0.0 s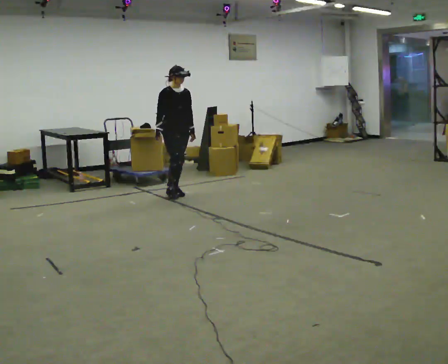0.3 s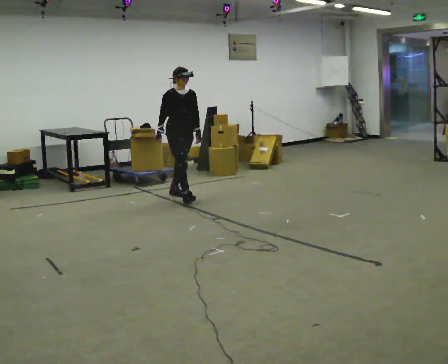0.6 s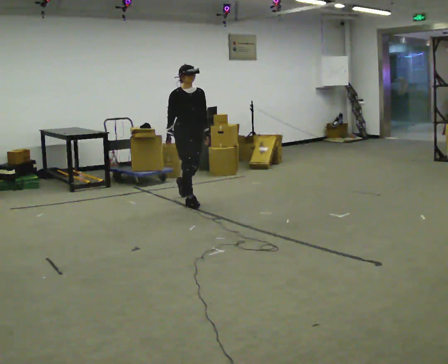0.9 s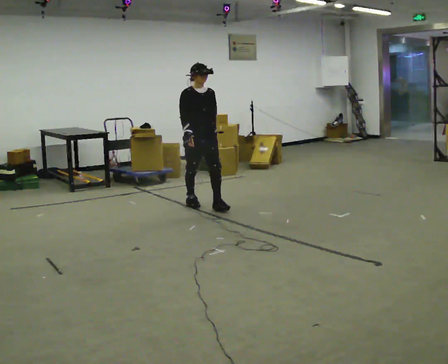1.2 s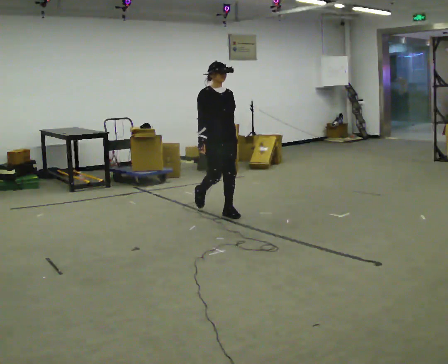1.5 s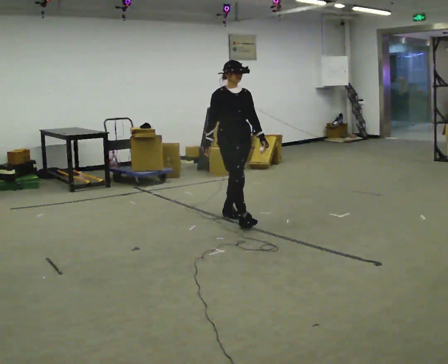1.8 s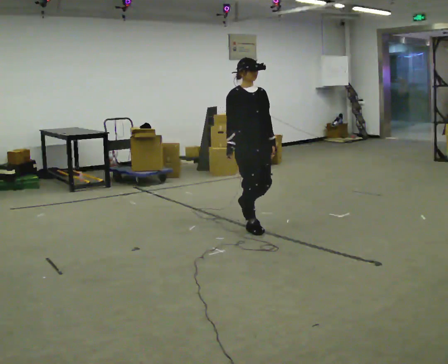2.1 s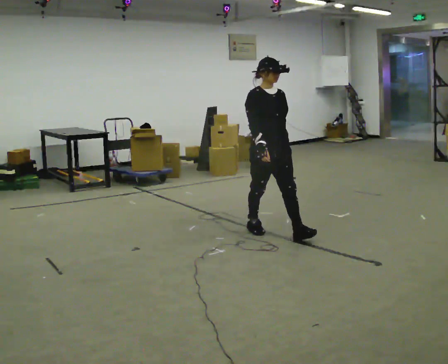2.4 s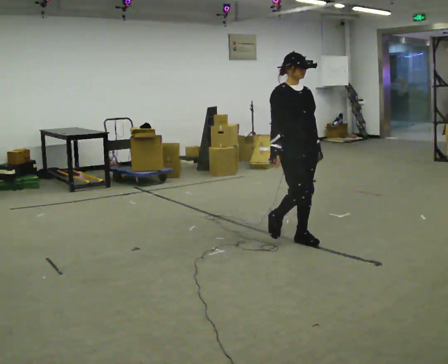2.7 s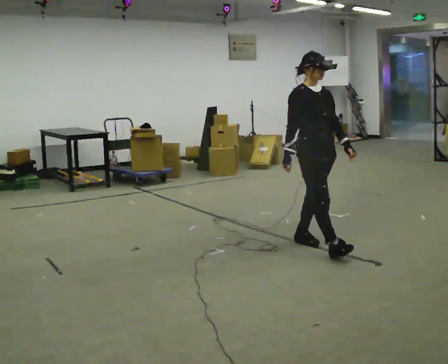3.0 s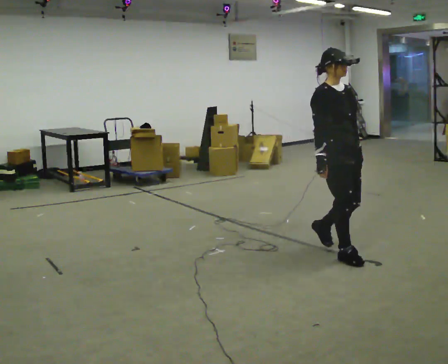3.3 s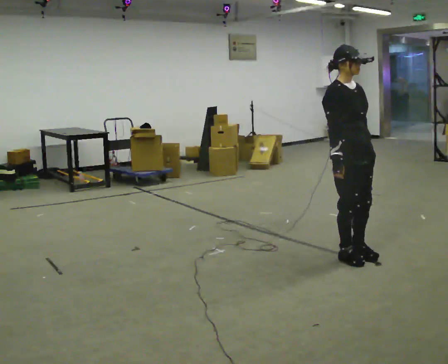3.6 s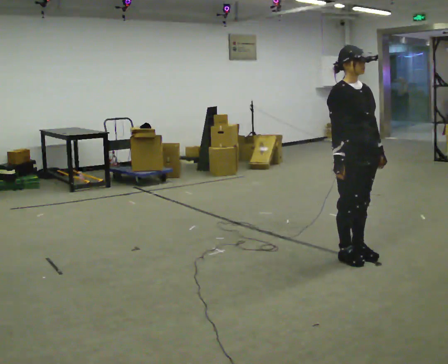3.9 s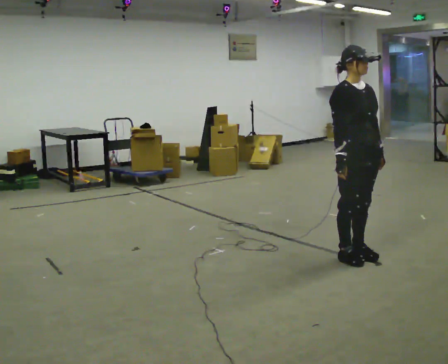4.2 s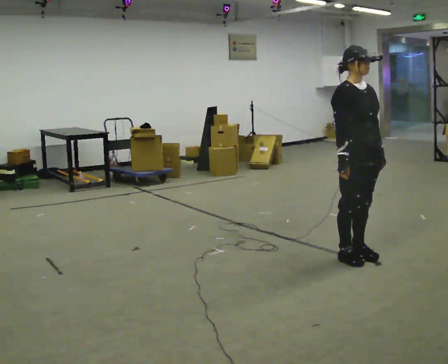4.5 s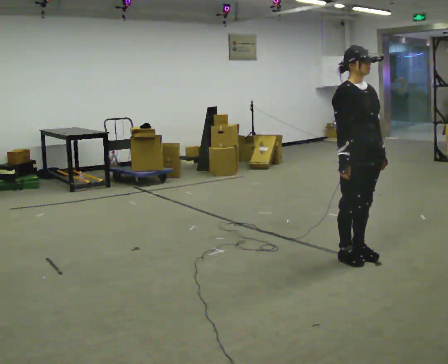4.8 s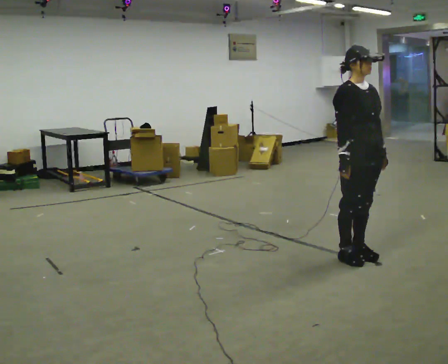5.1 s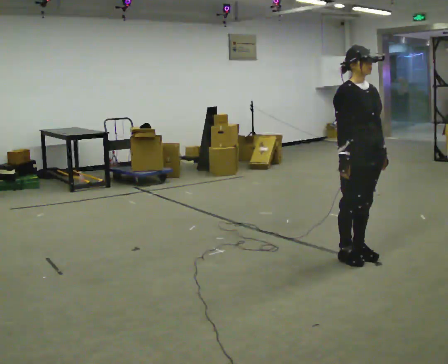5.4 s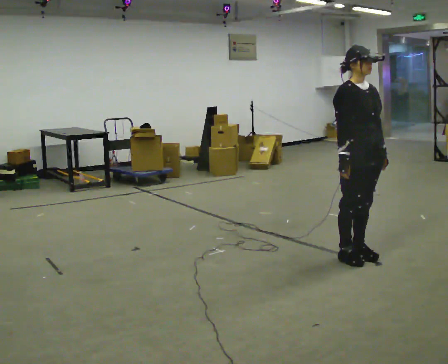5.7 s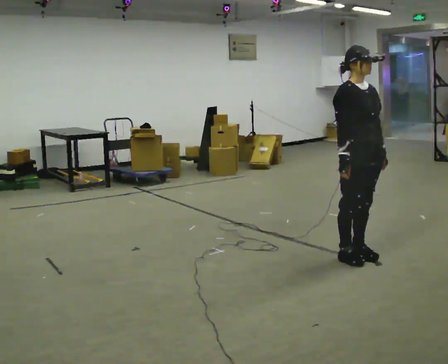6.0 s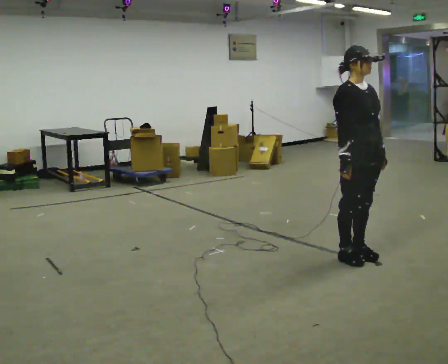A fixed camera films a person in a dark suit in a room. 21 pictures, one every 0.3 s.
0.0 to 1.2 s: In the picture they go toward the camera and to the right, about 1 m in 2 steps, which for them is forward.
1.2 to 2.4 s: In the picture they go toward the camera and to the right, about 1 m in 2 steps, which for them is forward.
2.4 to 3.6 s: In the picture they go toward the camera and to the right, about 0.5 m in 2 steps, which for them is forward.
3.6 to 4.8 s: The person moves a little, or ends about where they began.
4.8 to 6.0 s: The person keeps their place and pose.
The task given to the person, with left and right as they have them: Walk normally; at marked point stop as quickly as comfortably possible; remain still.
The film runs forward here.
